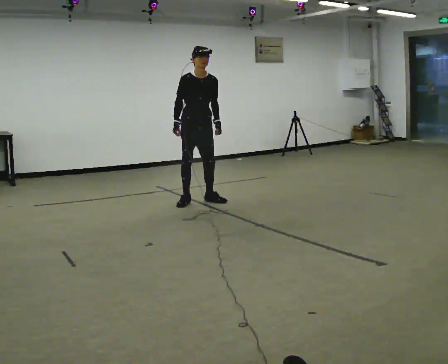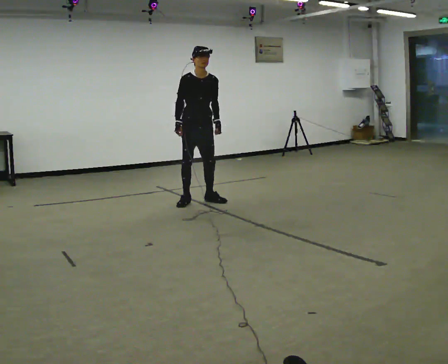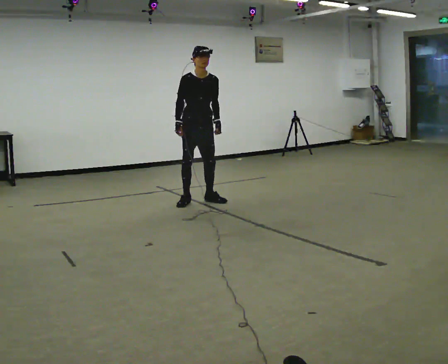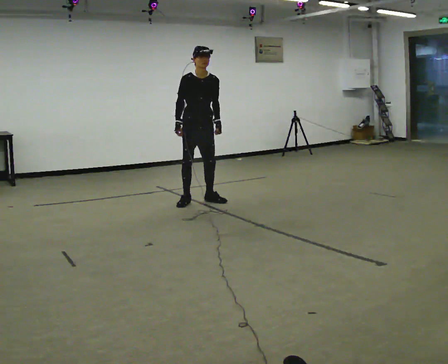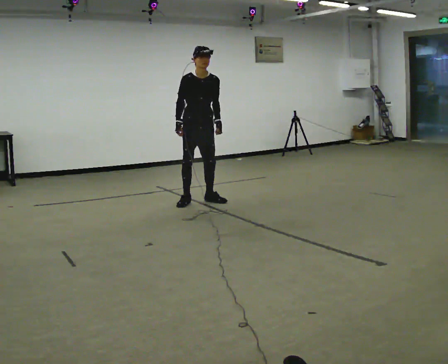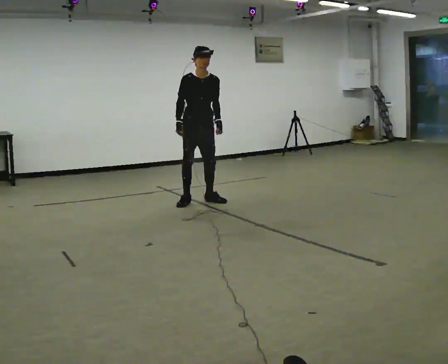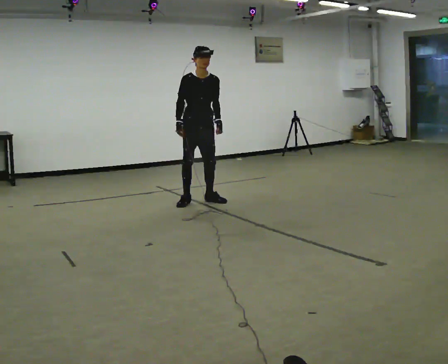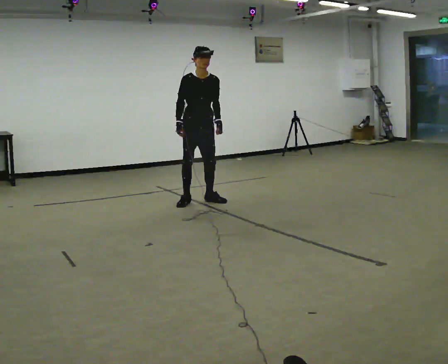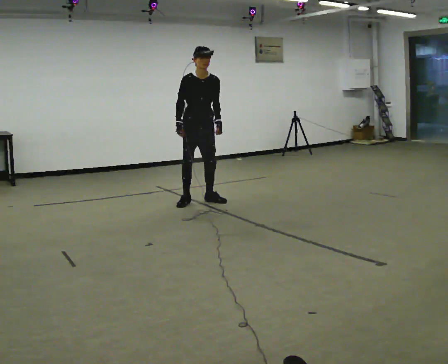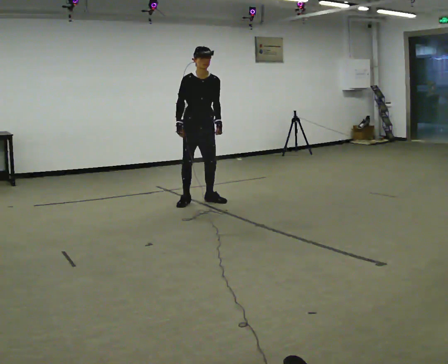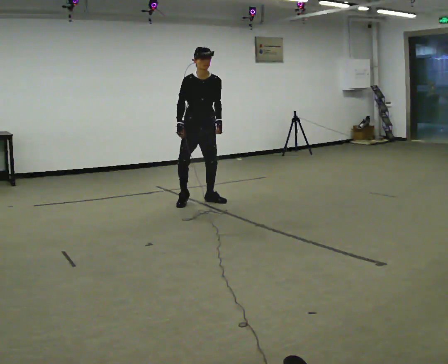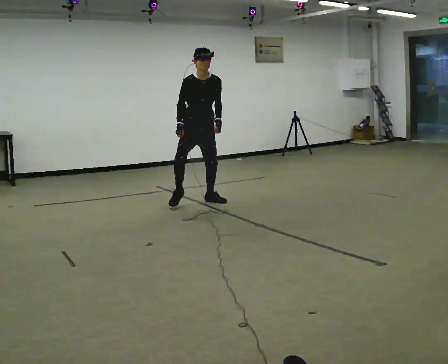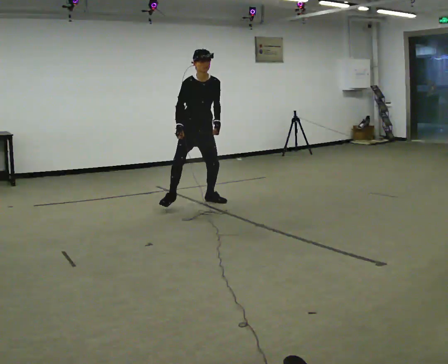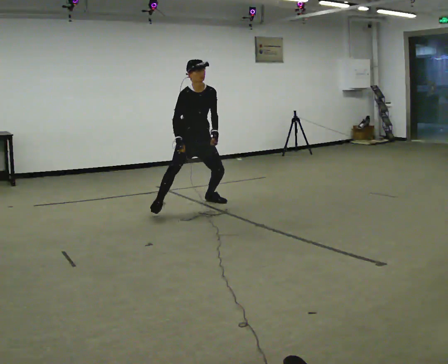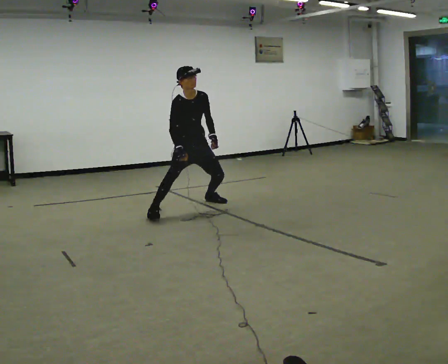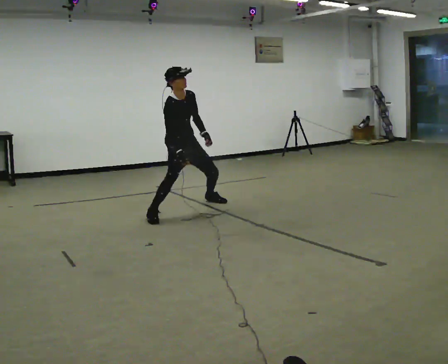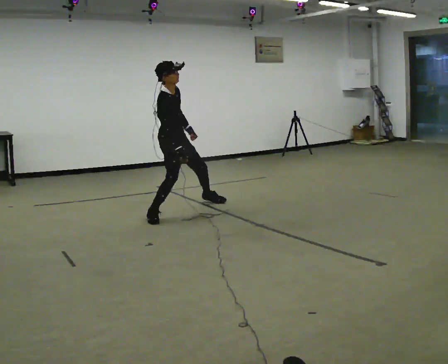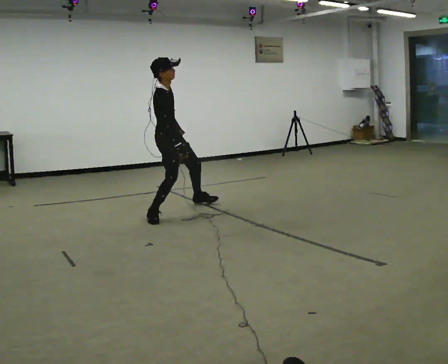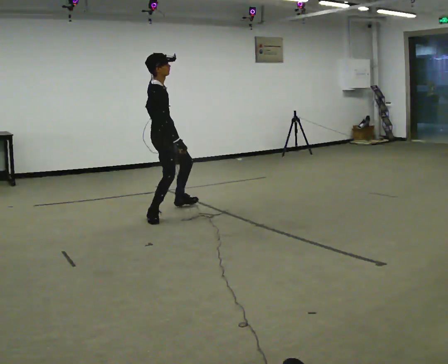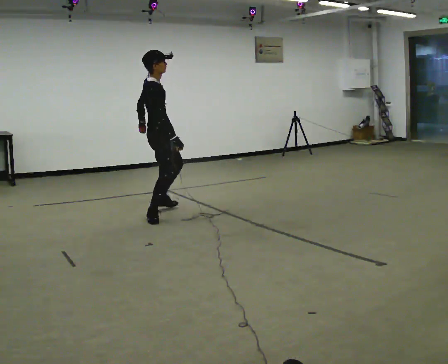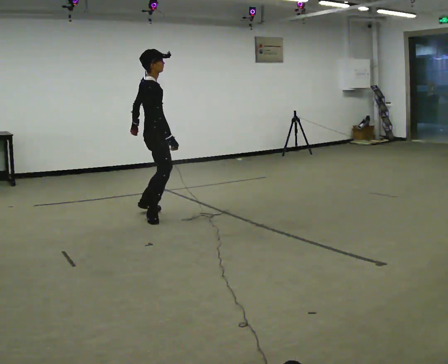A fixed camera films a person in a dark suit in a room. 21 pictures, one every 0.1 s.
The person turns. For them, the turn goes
to their left.
The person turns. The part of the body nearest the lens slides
to the right.
0.0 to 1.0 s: The person moves a little, or ends about where they began.
1.0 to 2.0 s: The part of the body nearest the lens slides to the right as the person turns to their left by about 90 degrees. In the picture they go toward the camera and to the left, about 0.75 m in 1 step.
The film runs forward here.
